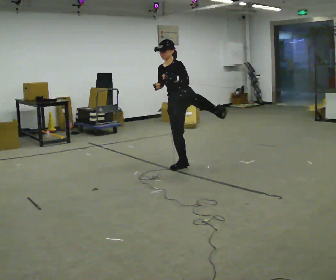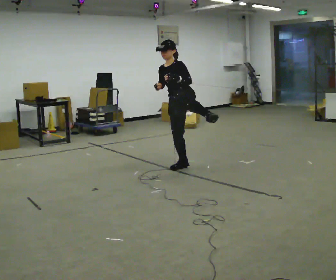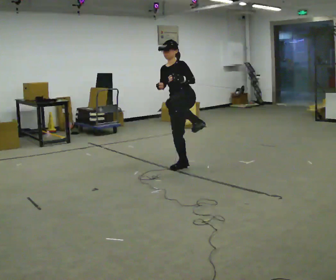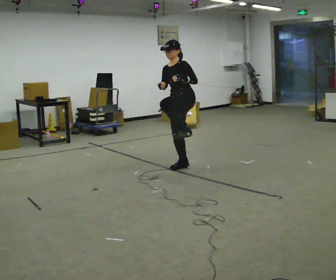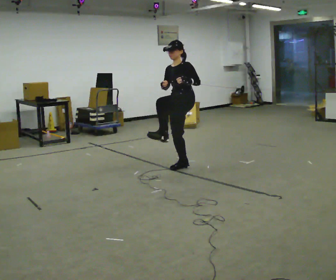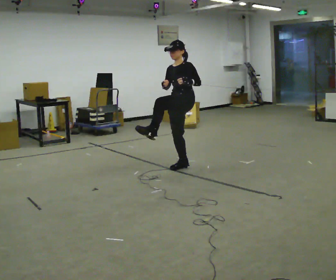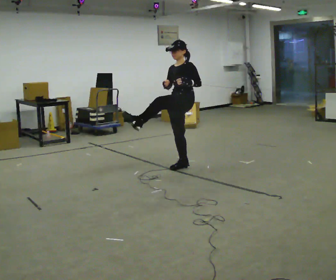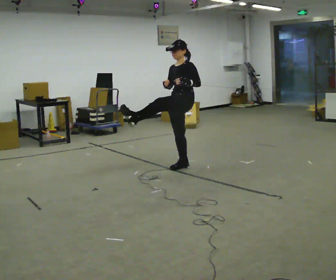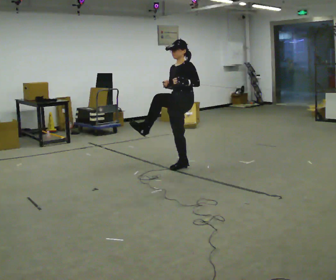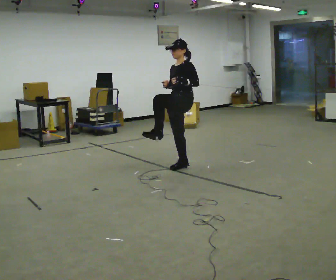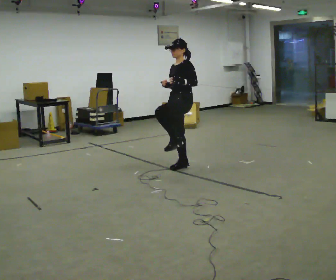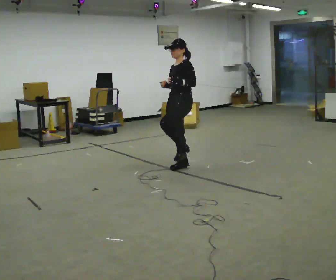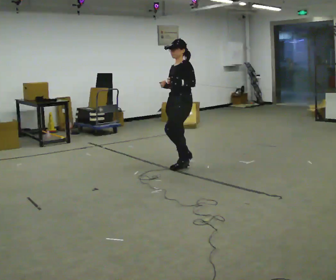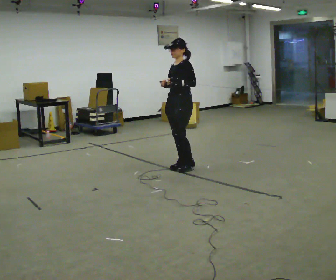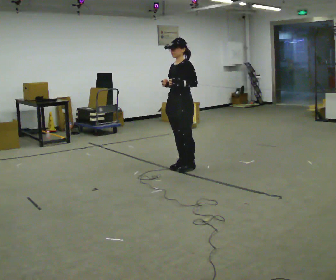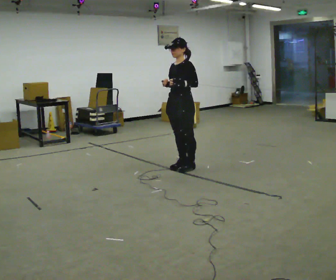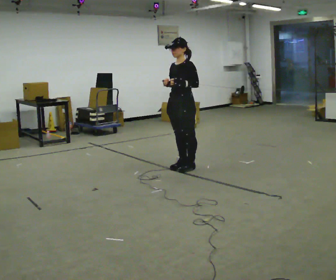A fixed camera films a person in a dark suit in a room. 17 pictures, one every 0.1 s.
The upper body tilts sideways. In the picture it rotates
clockwise.
0.0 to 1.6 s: In the picture the upper body tilts clockwise, shoulders to the right.
The film runs backward here.
